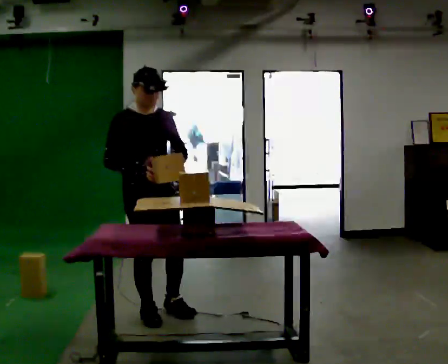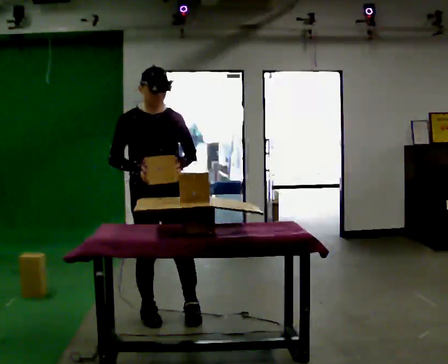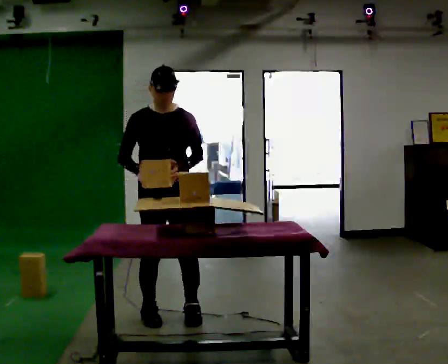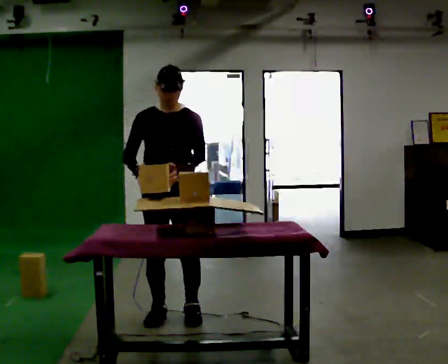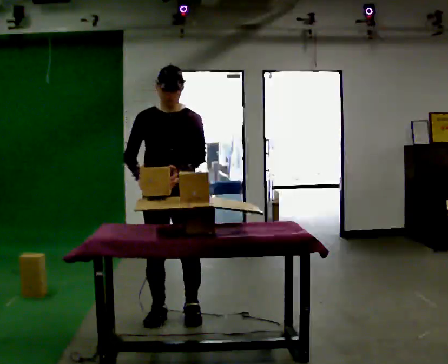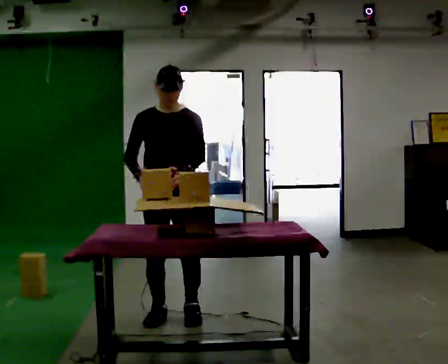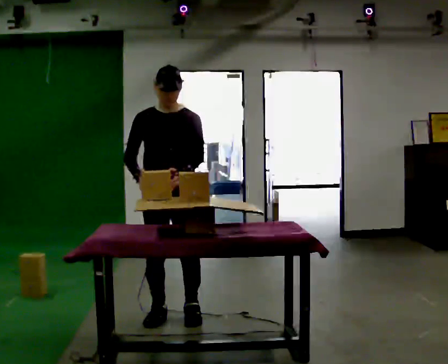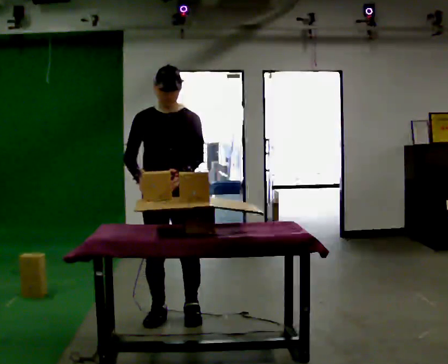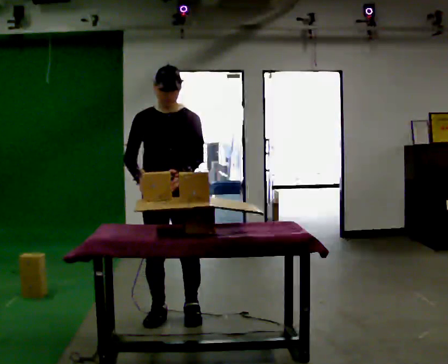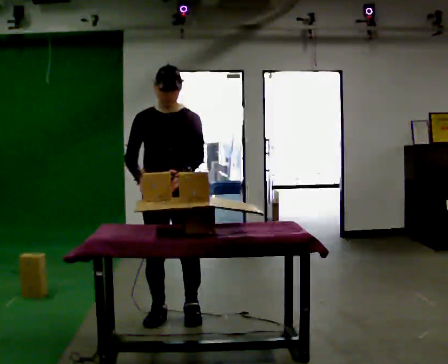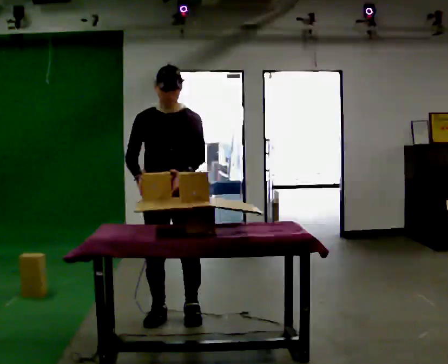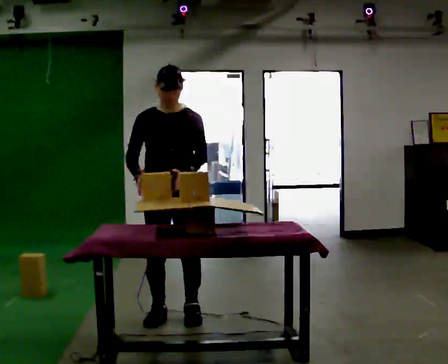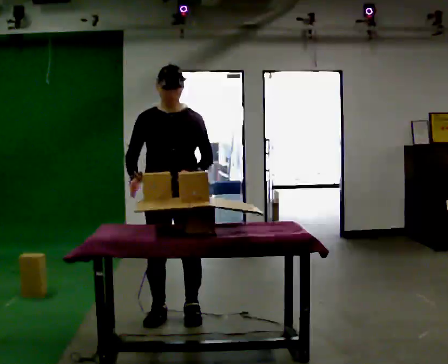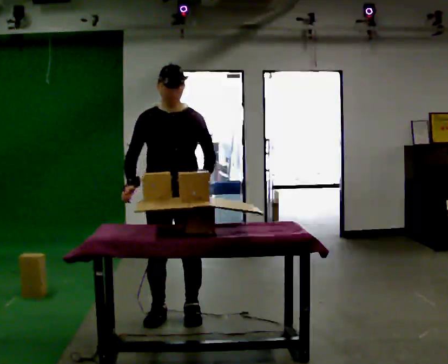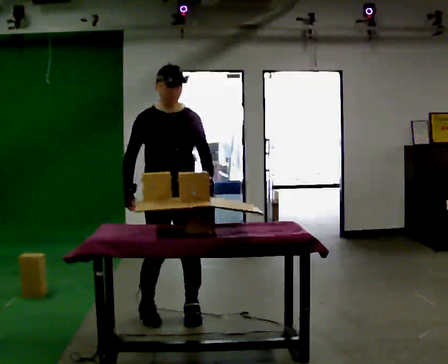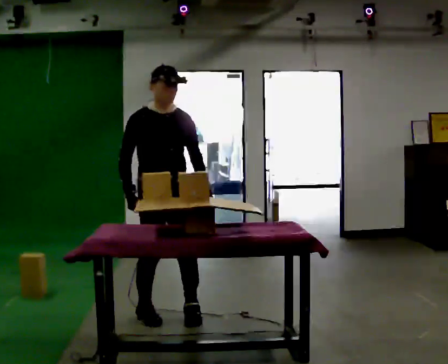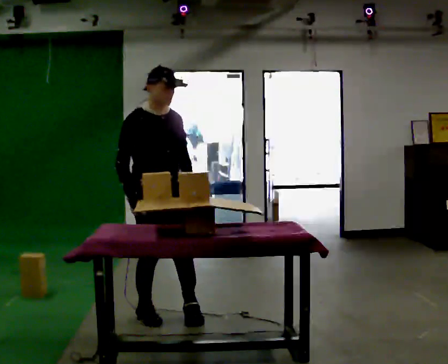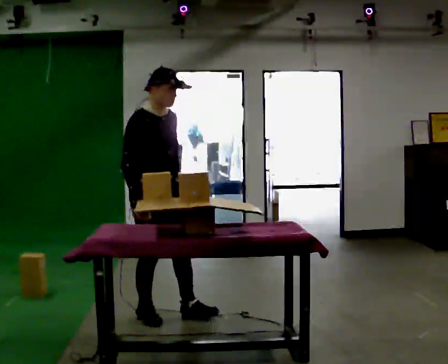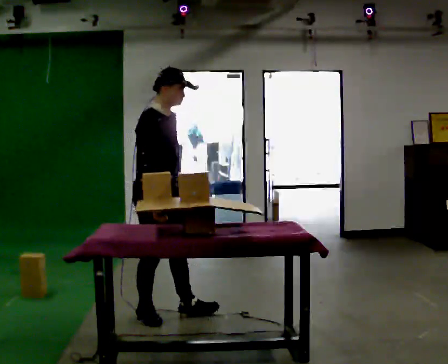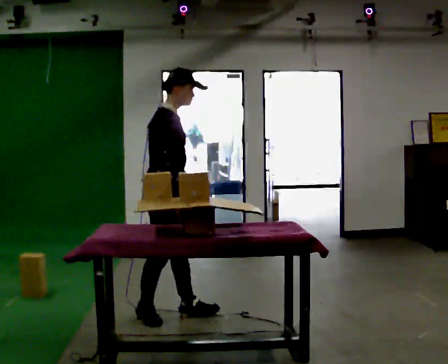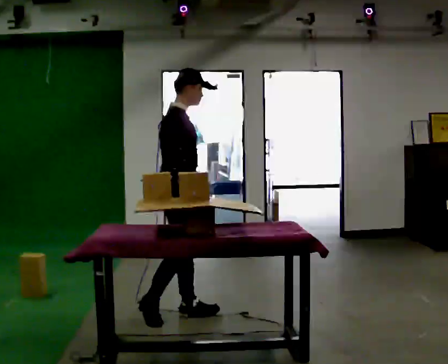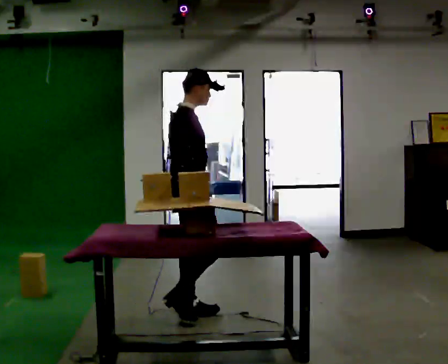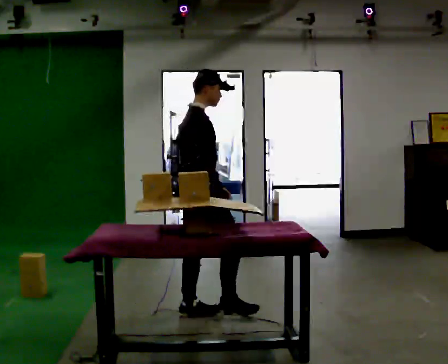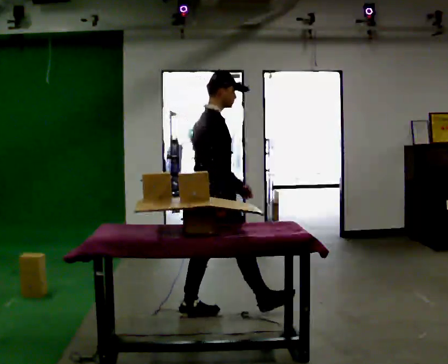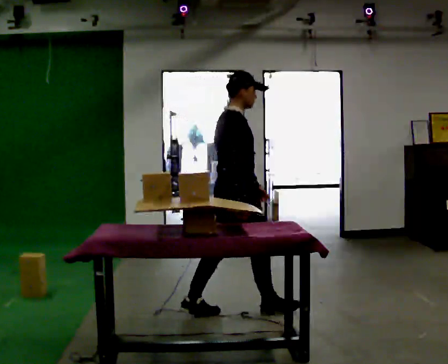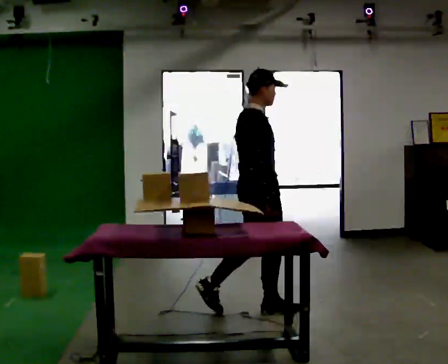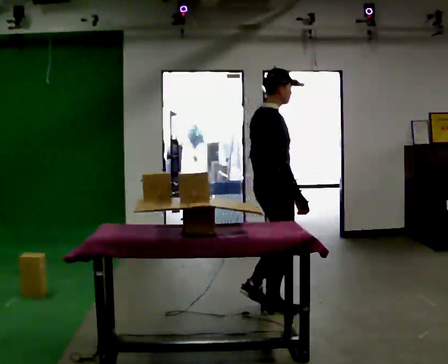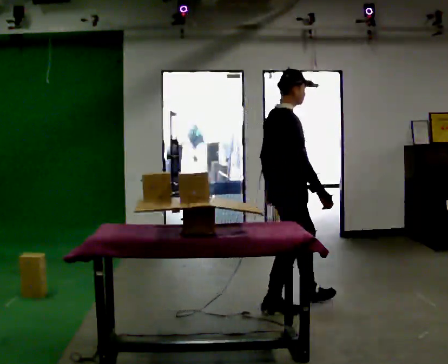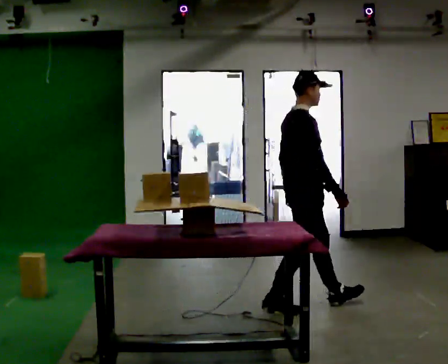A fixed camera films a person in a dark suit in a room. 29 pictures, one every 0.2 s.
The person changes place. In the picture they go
to the right.
0.0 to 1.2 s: The person turns about 30 degrees to their right, clockwise seen from above, so the part of the body nearest the lens slides to the left. In the picture they go to the right, about 0.25 m in 1 step, which for them is to their left.
1.2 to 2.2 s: The person keeps their place and pose.
2.2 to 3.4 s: Seen from above the body turns counterclockwise, about 45 degrees: to their left, with its near side sliding to the right.
3.4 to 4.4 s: Seen from above the body turns counterclockwise, about 45 degrees: to their left, with its near side sliding to the right. In the picture they go to the right, about 0.25 m, which for them is forward and to their left.
4.4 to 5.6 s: In the picture they go to the right, about 0.5 m in 2 steps, which for them is forward.
The film runs forward here.
